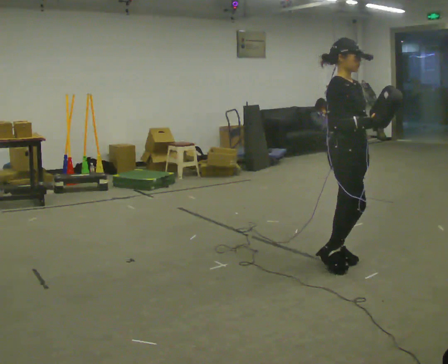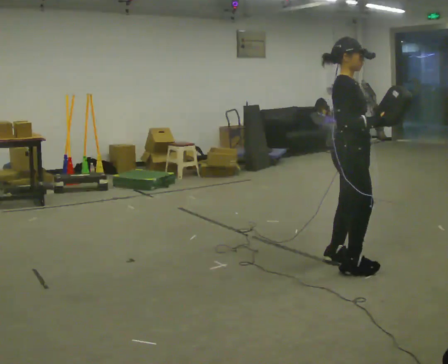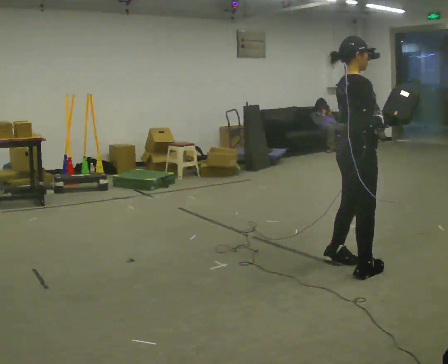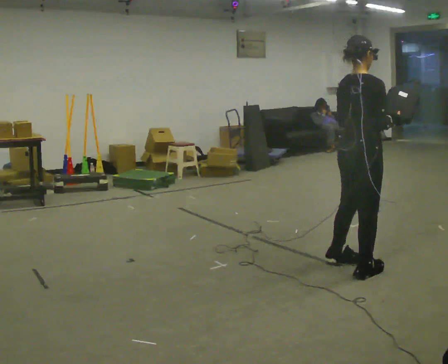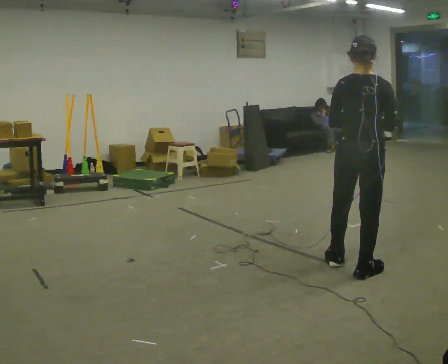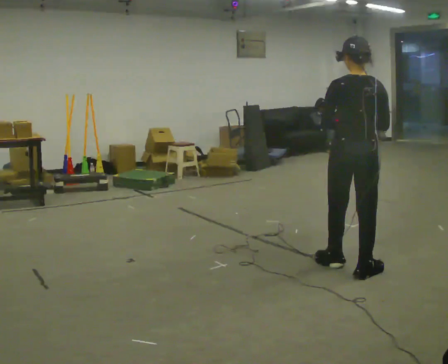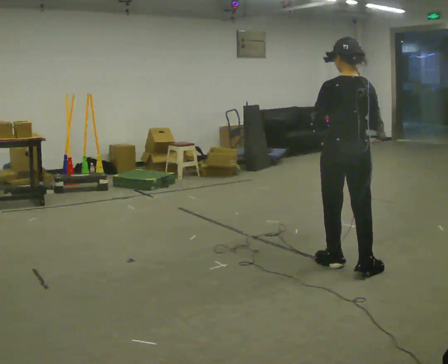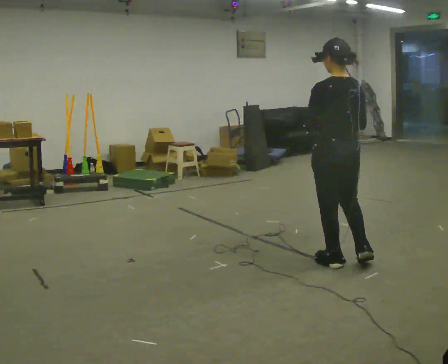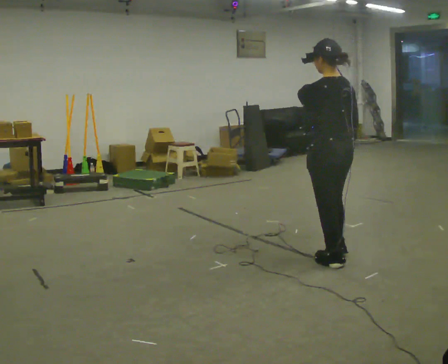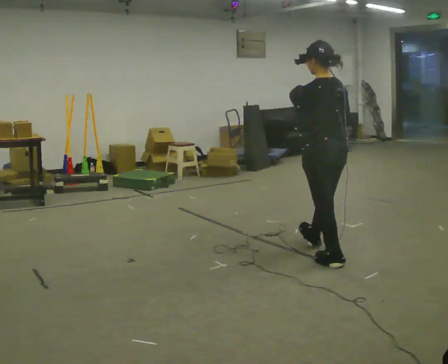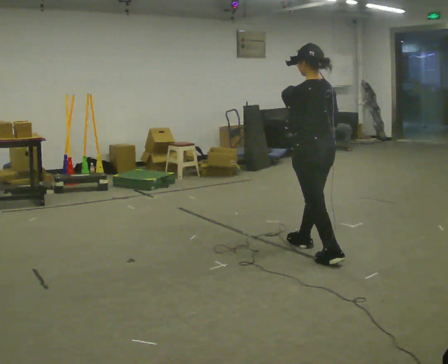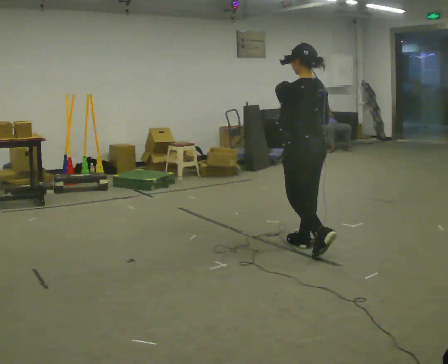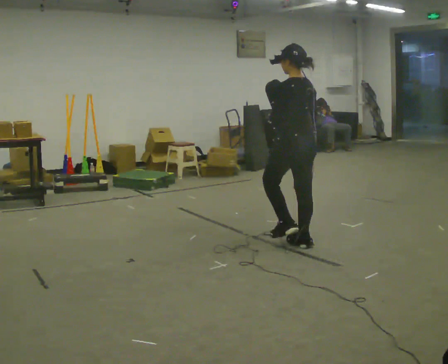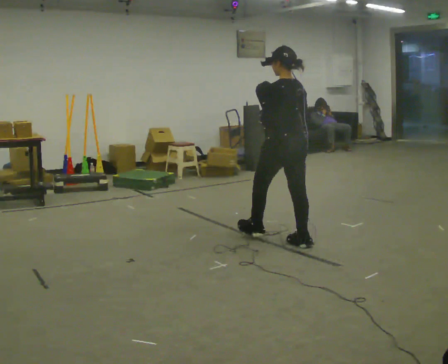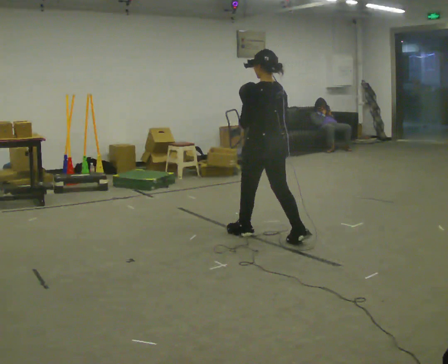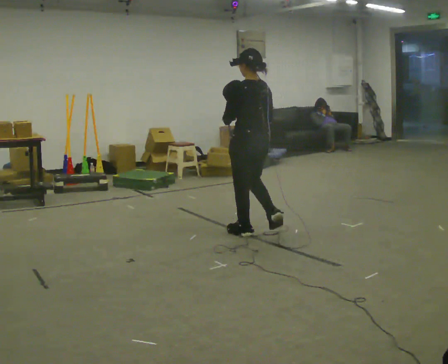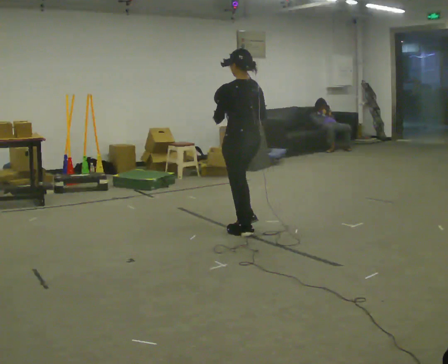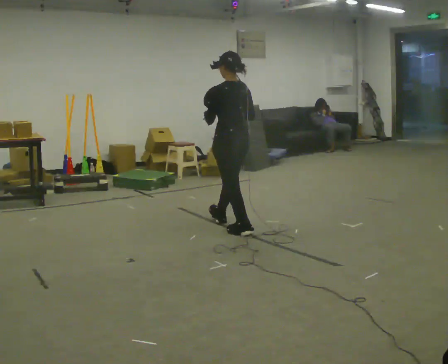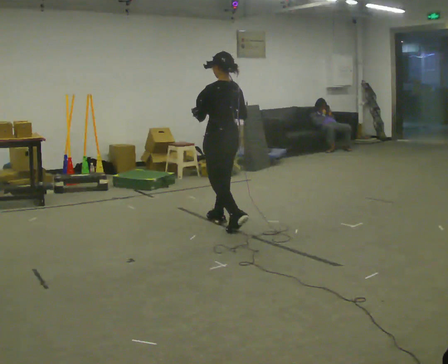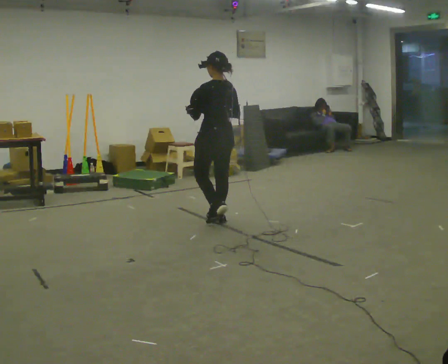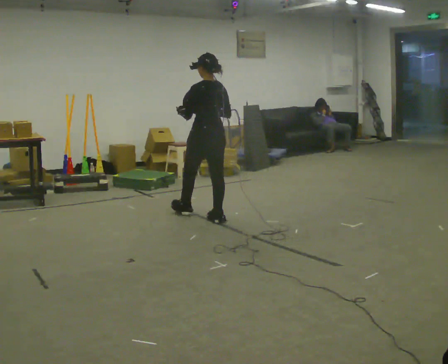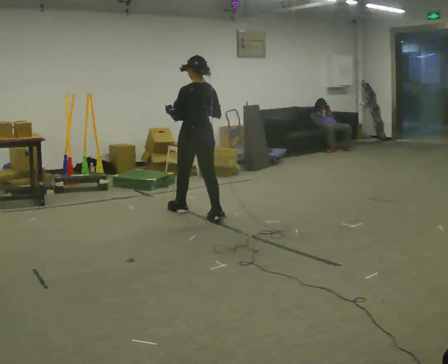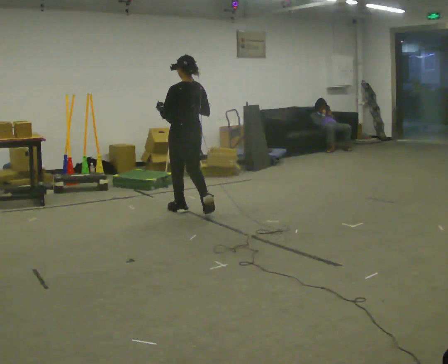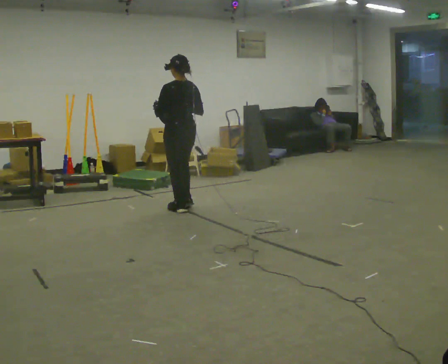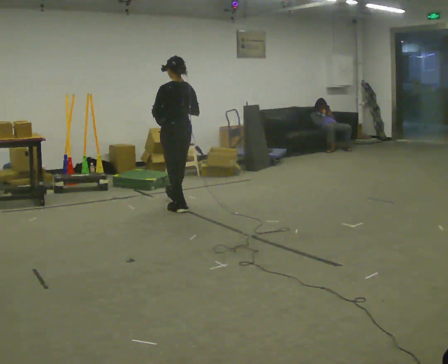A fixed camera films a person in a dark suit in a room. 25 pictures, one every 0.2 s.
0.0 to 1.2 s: The person turns about 135 degrees to their left, counterclockwise seen from above, so the part of the body nearest the lens slides to the right.
1.2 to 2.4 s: The part of the body nearest the lens slides to the right as the person turns to their left by about 30 degrees. In the picture they go away from the camera and to the left, about 0.75 m in 1 step, which for them is forward.
2.4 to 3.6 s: In the picture they go to the left and away from the camera, about 1 m in 2 steps, which for them is forward.
3.6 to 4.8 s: In the picture they go to the left and away from the camera, about 1 m in 1 step, which for them is forward.
The film runs forward here.
